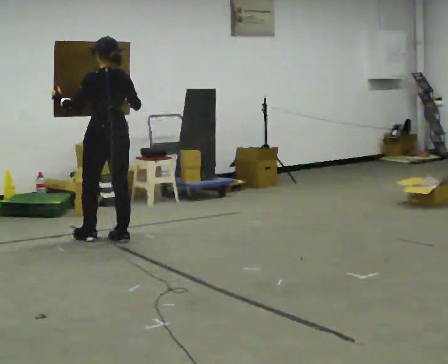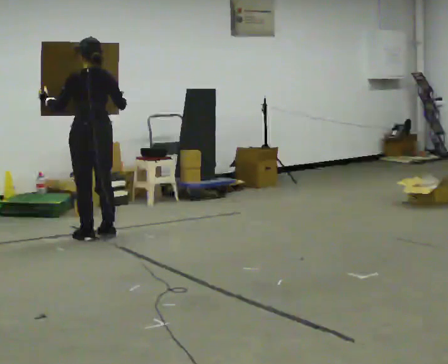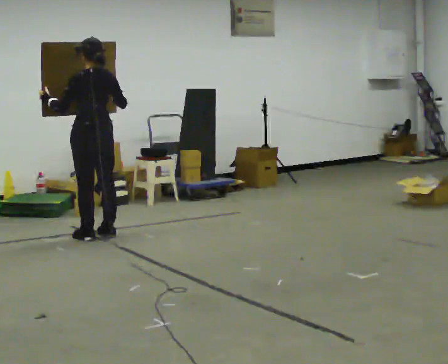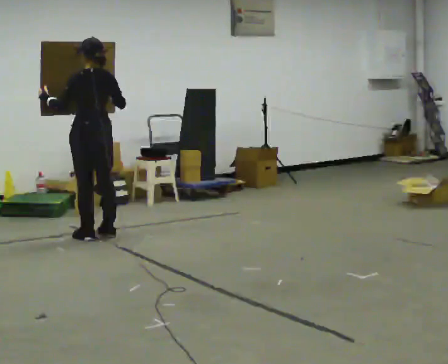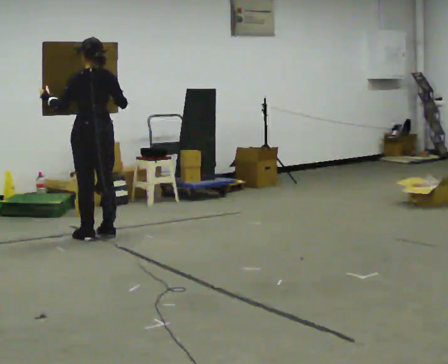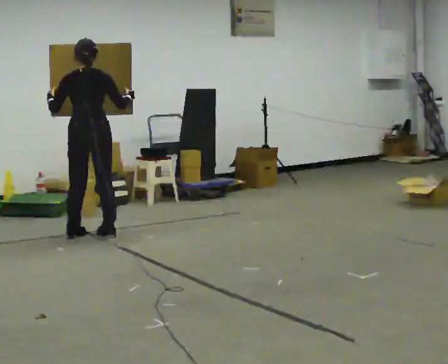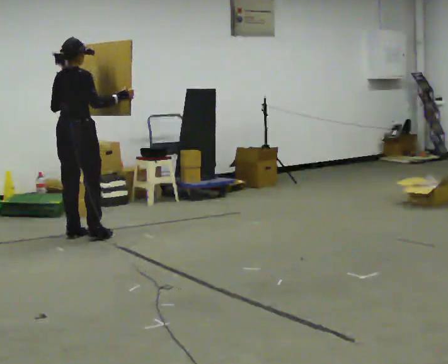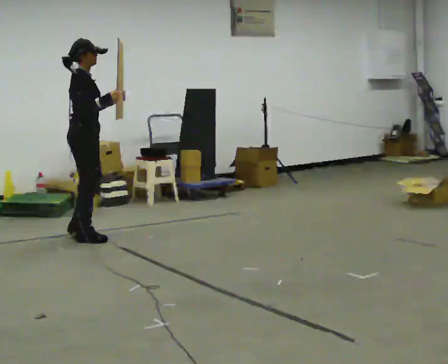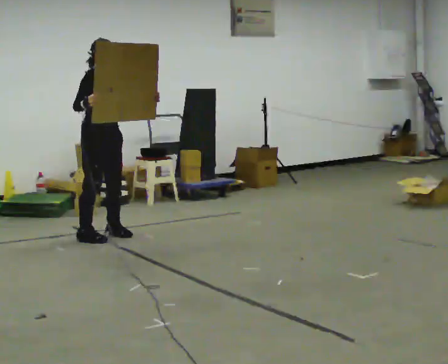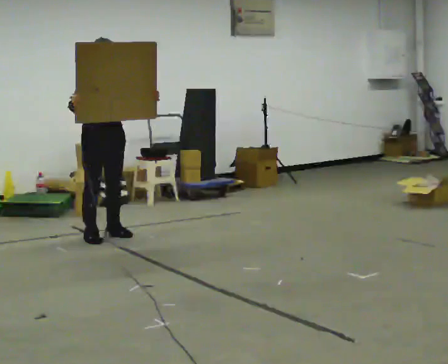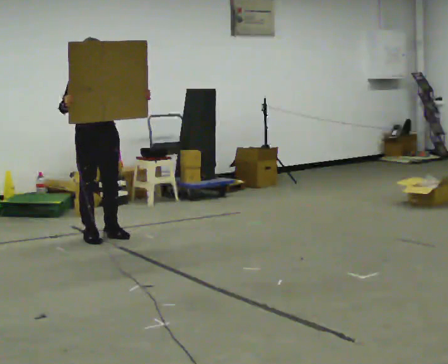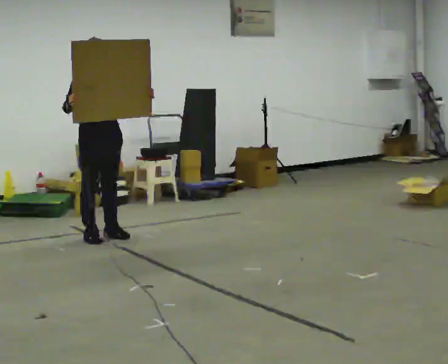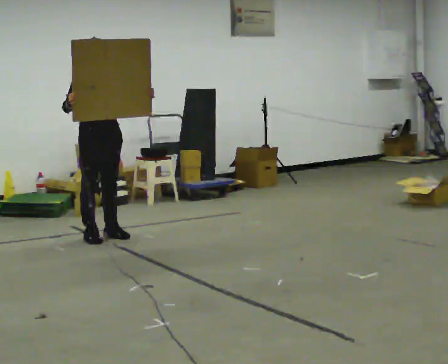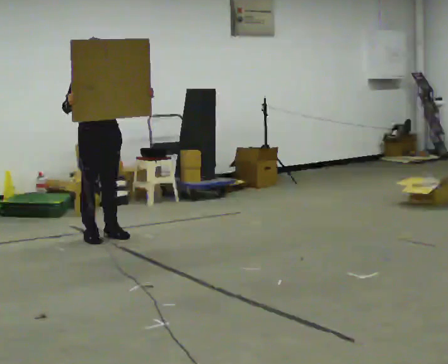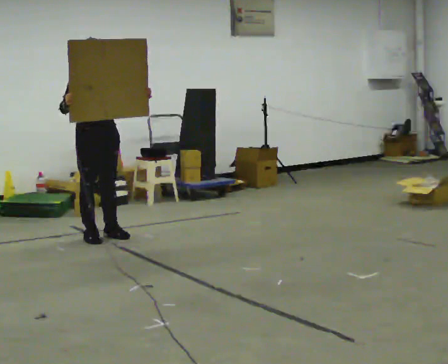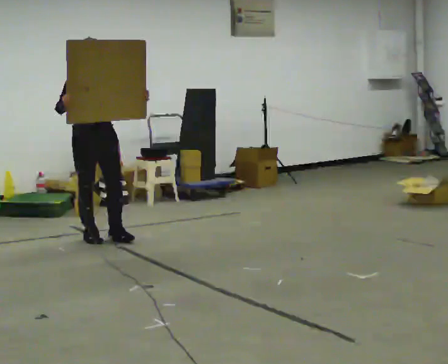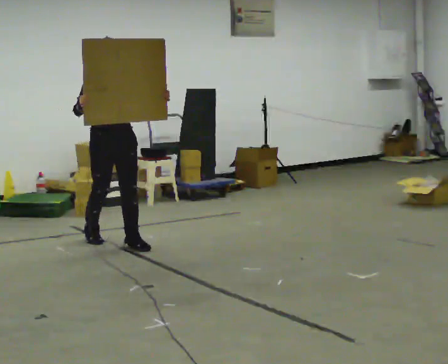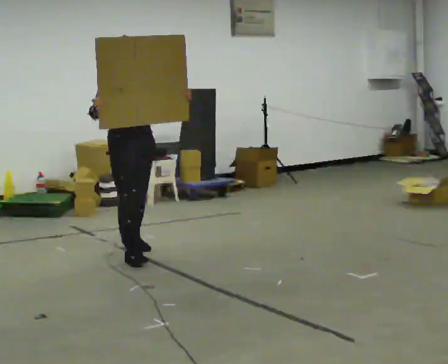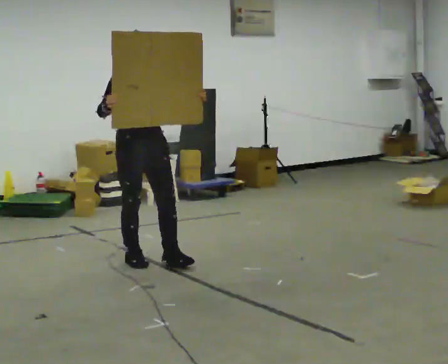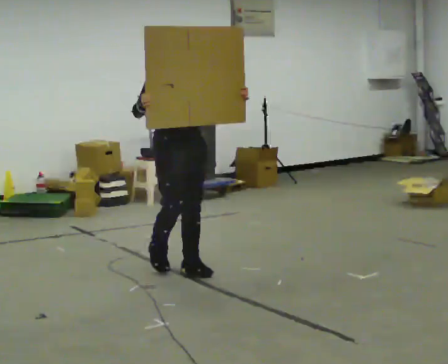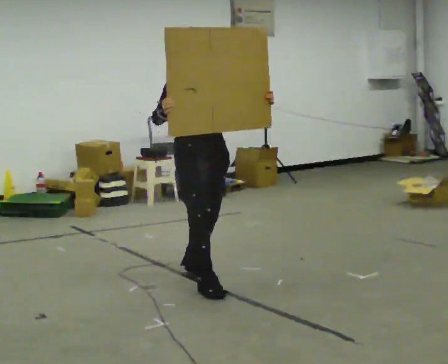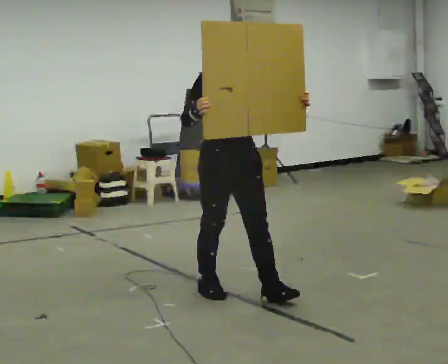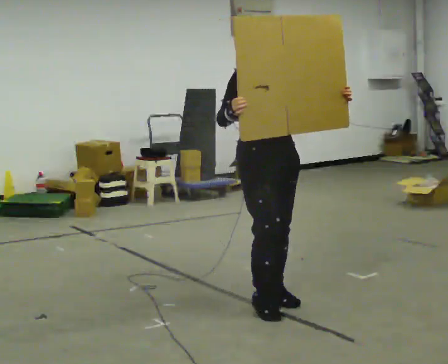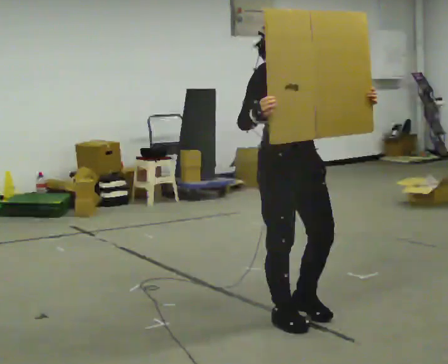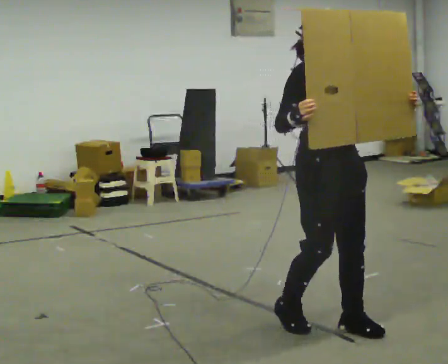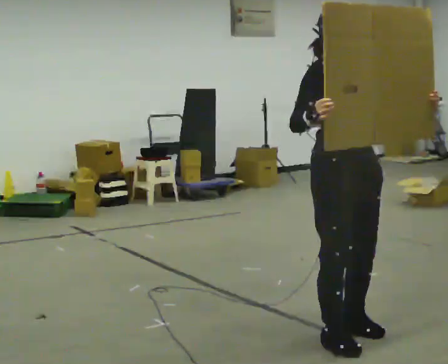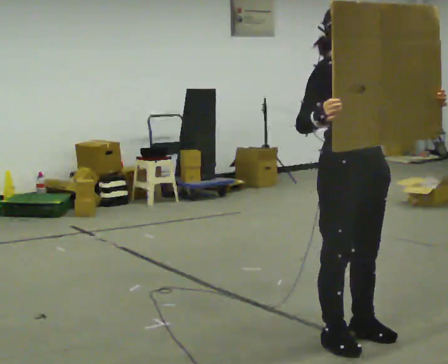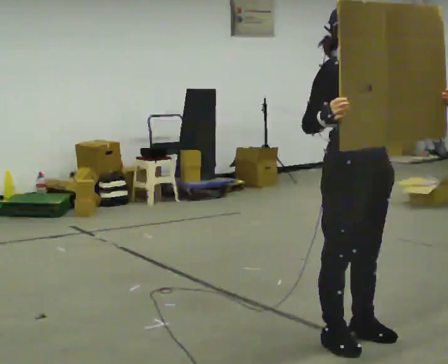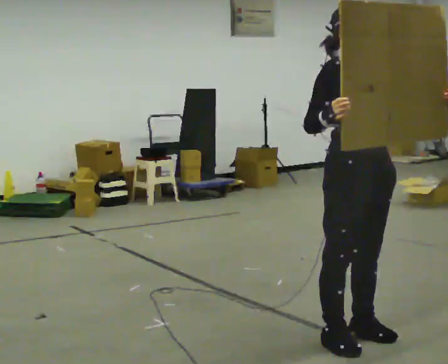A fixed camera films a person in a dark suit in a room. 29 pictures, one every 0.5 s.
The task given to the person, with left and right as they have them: Carry the large panel across the room. It will block your view ahead, so take whatever route feels safe. Keep going until the operator says stop; one object at a time, and do not rush between trips.
0.0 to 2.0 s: In the picture they go away from the camera, about 0.25 m in 2 steps, which for them is forward.
2.0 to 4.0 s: Seen from above the body turns clockwise, about 165 degrees: to their right, with its near side sliding to the left. In the picture their right hand goes to the left.
4.0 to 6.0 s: The person moves a little, or ends about where they began.
6.0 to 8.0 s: In the picture they go toward the camera, about 0.25 m in 1 step, which for them is forward.
8.0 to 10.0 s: In the picture they go toward the camera and to the right, about 1.5 m in 3 steps, which for them is forward.
10.0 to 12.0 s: In the picture they go toward the camera and to the right, about 1 m in 3 steps, which for them is forward.
12.0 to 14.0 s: In the picture they go toward the camera, about 0.25 m in 1 step, which for them is forward.
The film runs forward here.
